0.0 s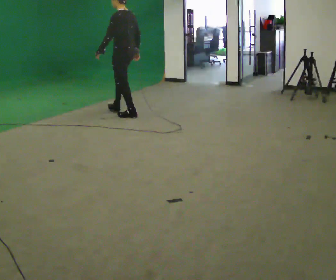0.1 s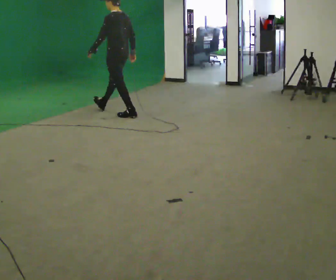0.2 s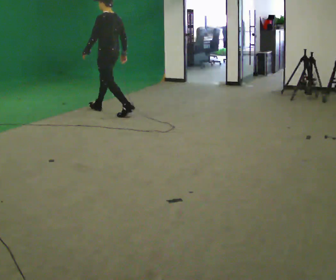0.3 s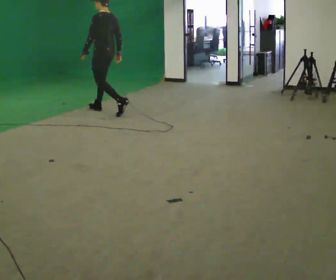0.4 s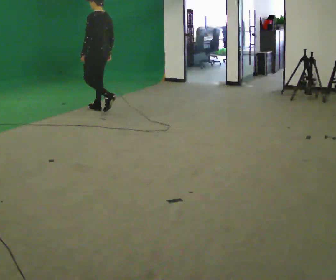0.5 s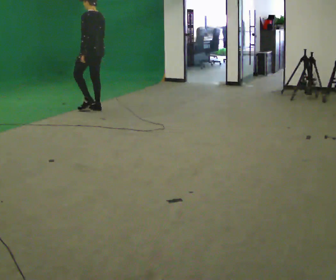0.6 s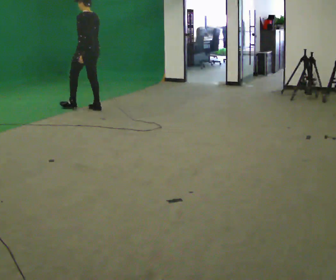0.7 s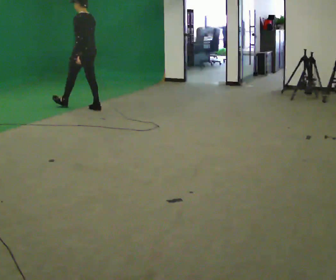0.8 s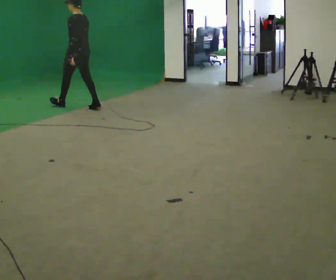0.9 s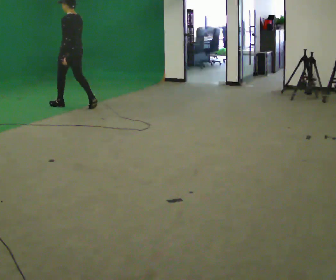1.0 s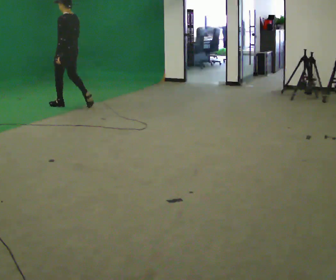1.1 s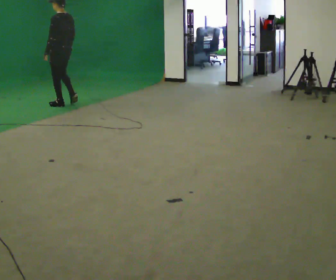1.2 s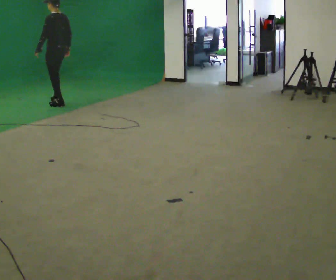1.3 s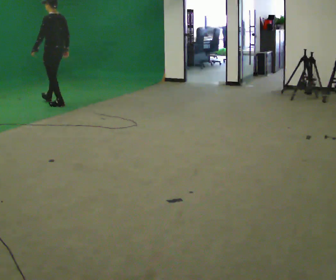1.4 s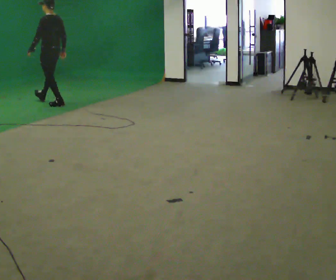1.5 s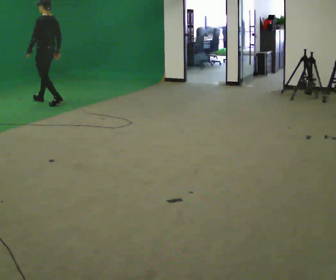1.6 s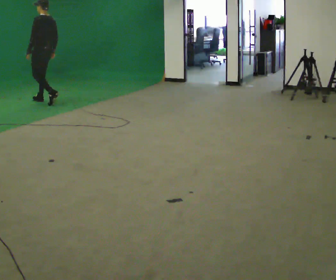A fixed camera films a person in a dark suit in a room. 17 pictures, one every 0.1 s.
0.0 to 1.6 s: In the picture they go to the left and away from the camera, about 1.5 m in 3 steps, which for them is forward.
The film runs forward here.
